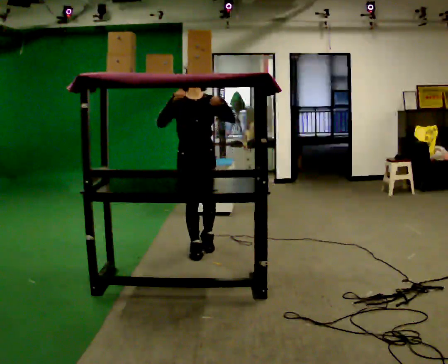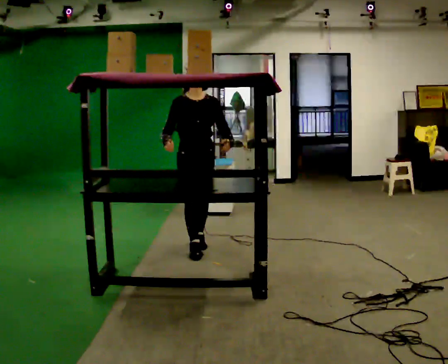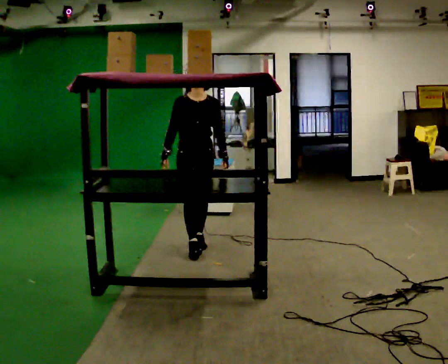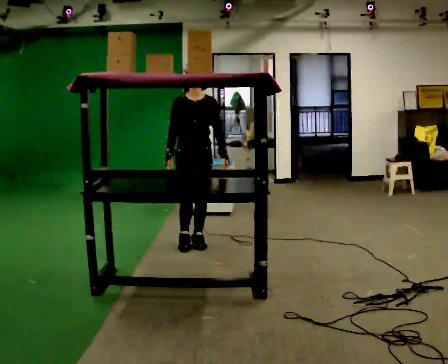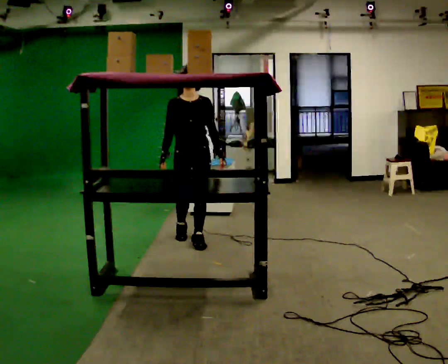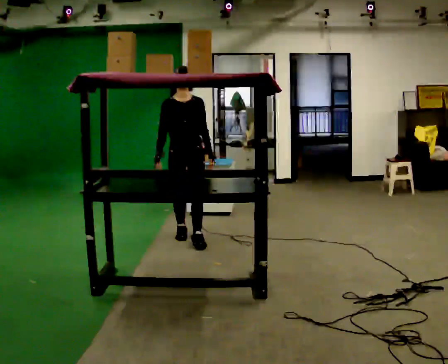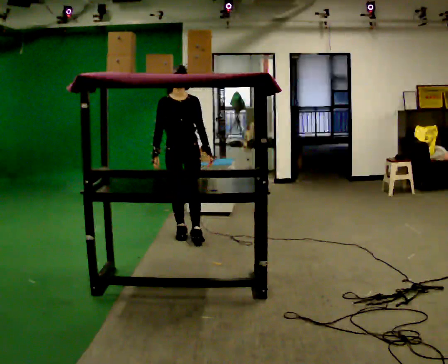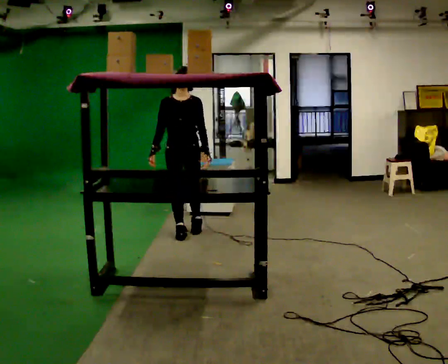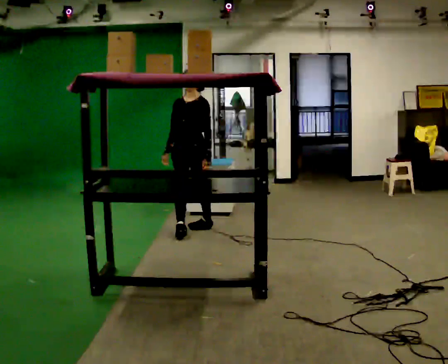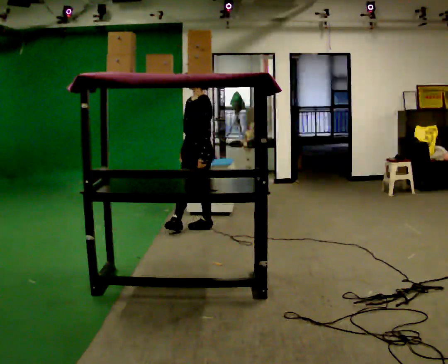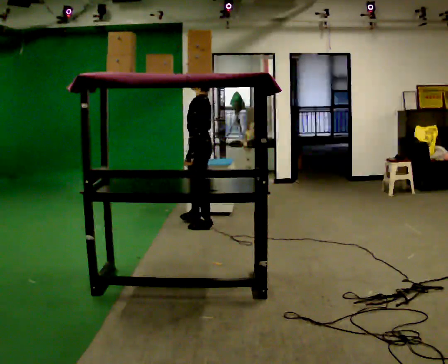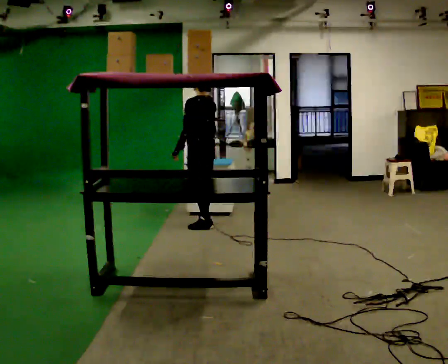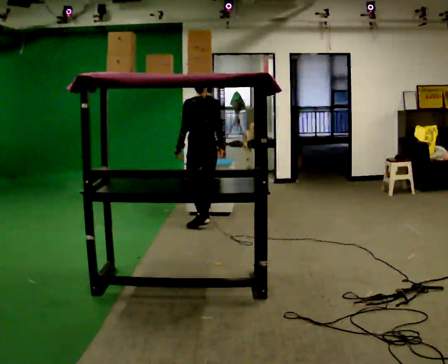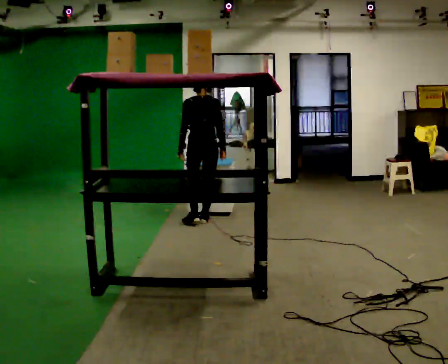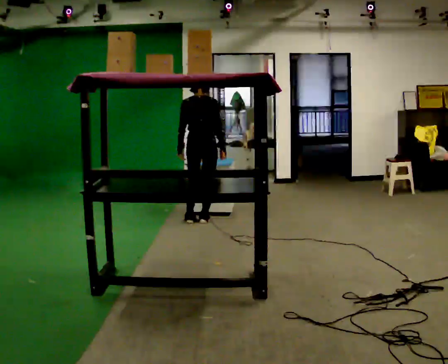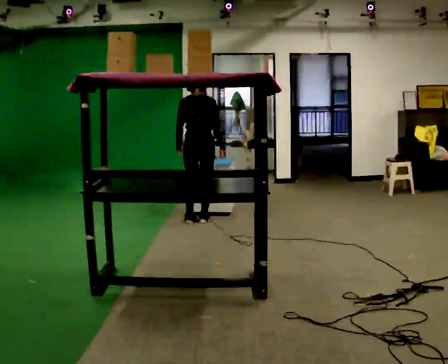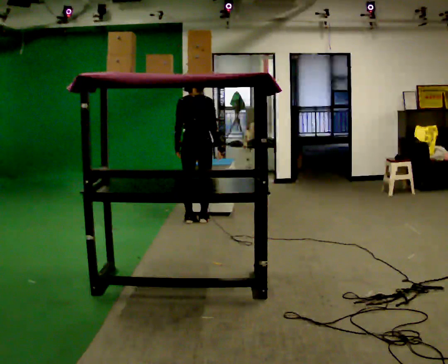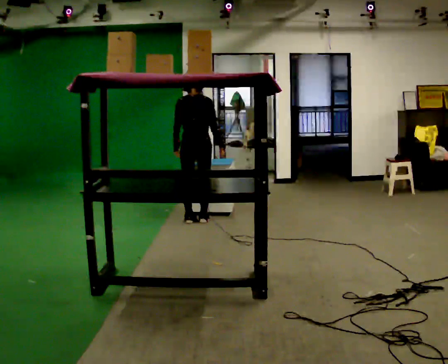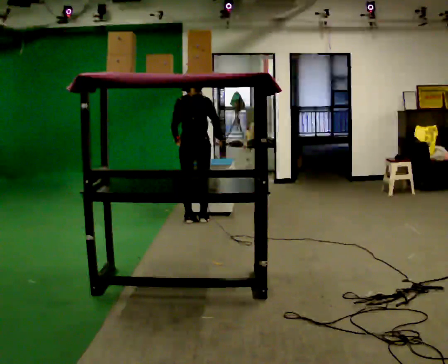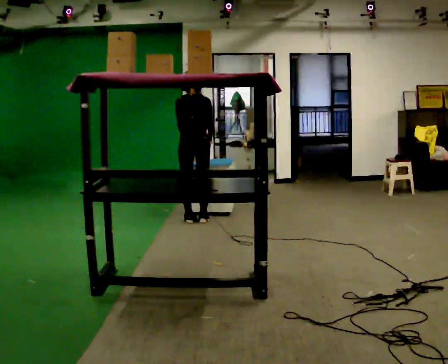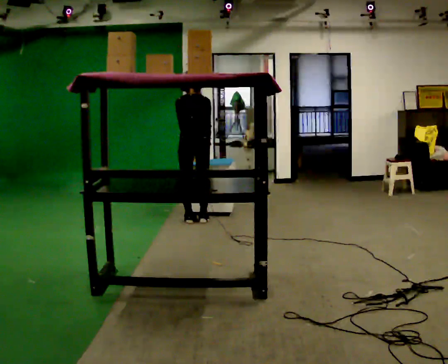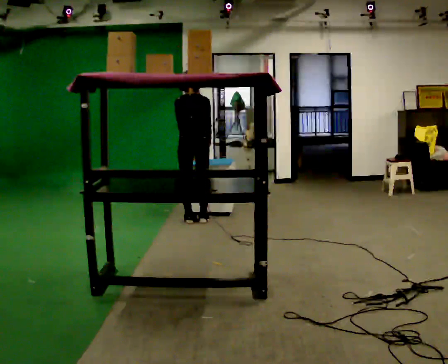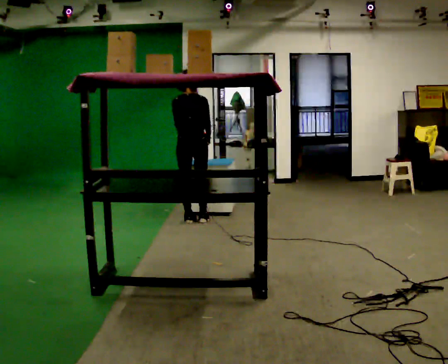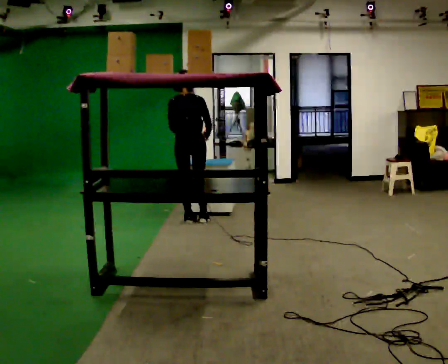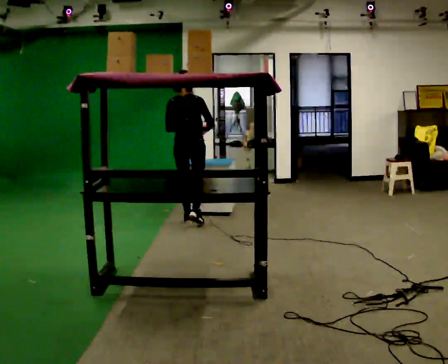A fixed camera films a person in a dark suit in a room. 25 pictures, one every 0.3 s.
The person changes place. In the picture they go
away from the camera.
The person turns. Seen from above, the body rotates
clockwise.
0.0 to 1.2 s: In the picture they go away from the camera, about 0.25 m in 1 step, which for them is backward. In the picture their left hand goes downward.
1.2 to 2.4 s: The person turns about 30 degrees to their right, clockwise seen from above, so the part of the body nearest the lens slides to the left. In the picture they go away from the camera, about 0.5 m in 1 step, which for them is backward.
2.4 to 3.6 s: Seen from above the body turns clockwise, about 135 degrees: to their right, with its near side sliding to the left. In the picture they go away from the camera, about 0.25 m in 2 steps.
3.6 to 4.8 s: The part of the body nearest the lens slides to the left as the person turns to their right by about 30 degrees.
4.8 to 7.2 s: The person moves a little, or ends about where they began.
The film runs backward here.
